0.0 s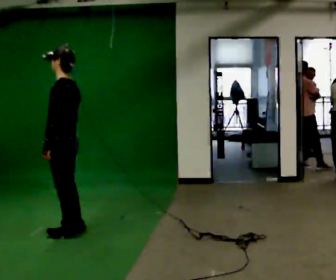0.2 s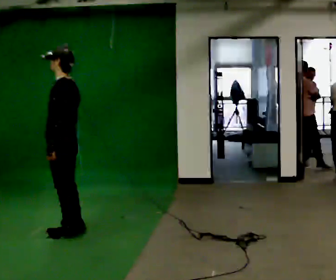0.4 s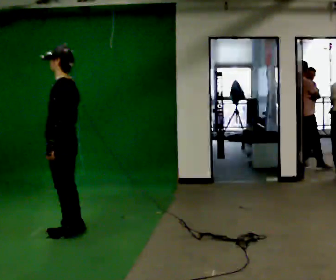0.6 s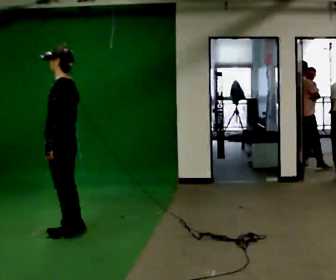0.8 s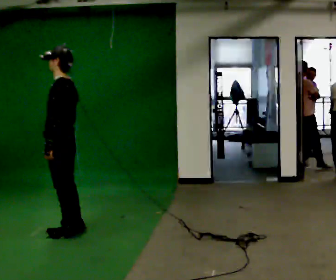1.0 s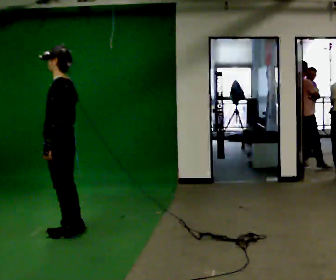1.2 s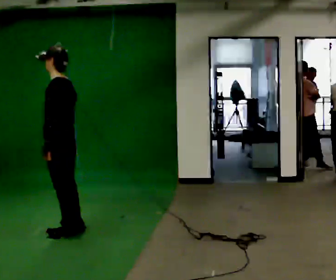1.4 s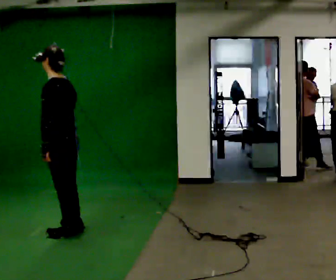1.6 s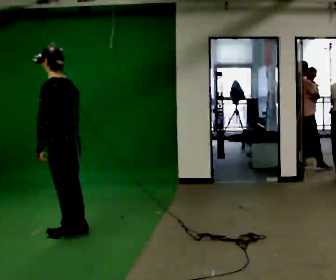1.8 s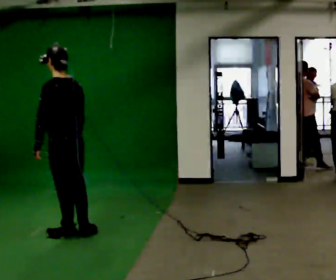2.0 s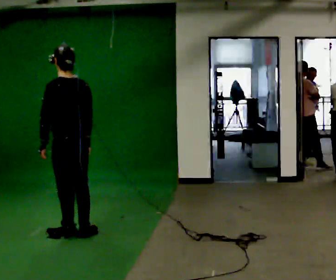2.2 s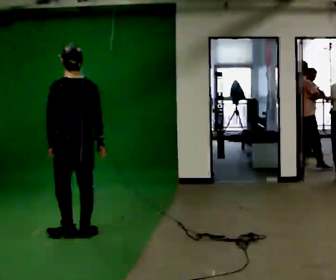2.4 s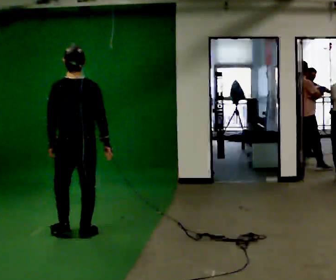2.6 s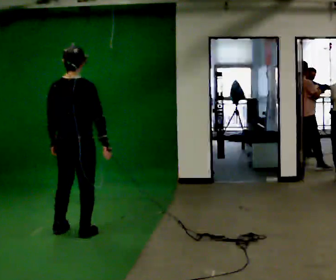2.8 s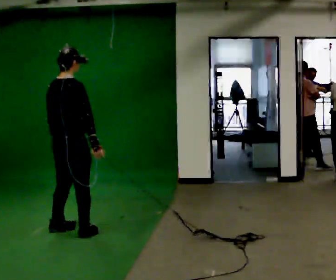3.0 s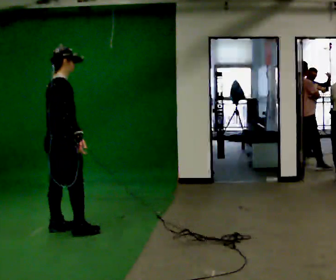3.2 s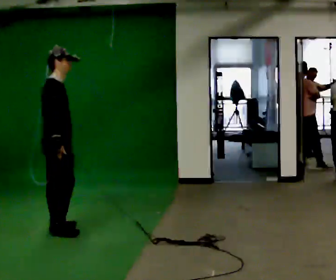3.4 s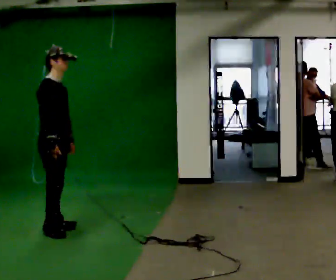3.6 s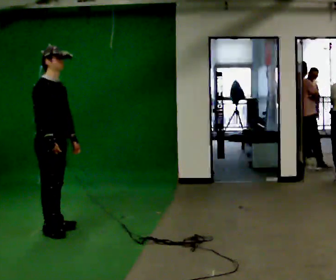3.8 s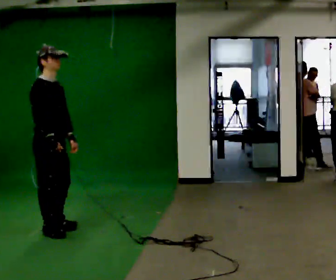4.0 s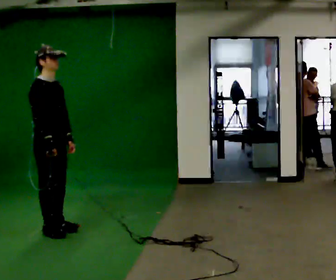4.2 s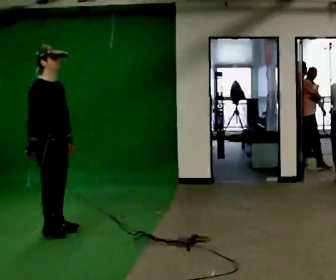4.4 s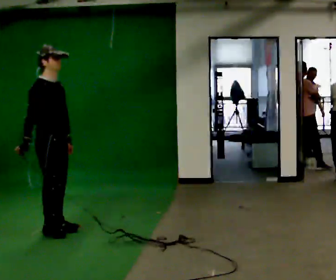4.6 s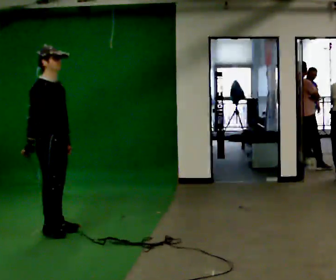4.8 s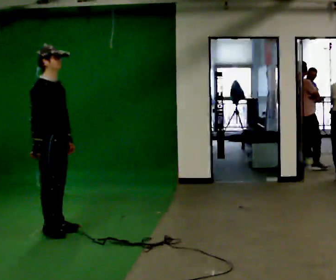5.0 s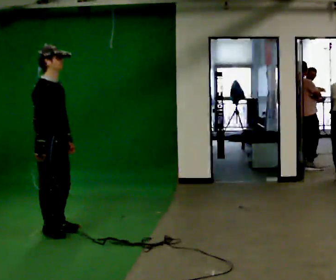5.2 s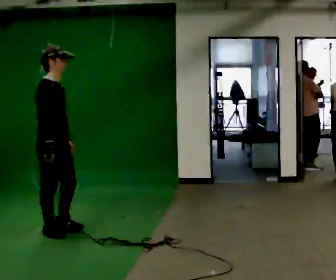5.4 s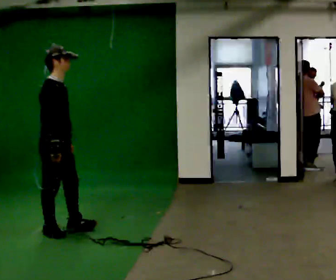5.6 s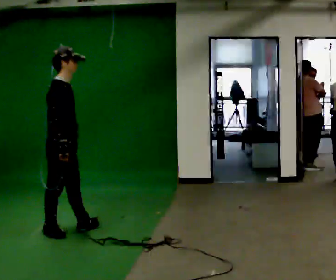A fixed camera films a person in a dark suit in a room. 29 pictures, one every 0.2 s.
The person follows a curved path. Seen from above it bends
counterclockwise.
0.0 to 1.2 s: The person moves a little, or ends about where they began.
1.2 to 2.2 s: The part of the body nearest the lens slides to the left as the person turns to their right by about 45 degrees. In the picture their right hand goes to the right.
2.2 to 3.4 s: Seen from above the body turns clockwise, about 120 degrees: to their right, with its near side sliding to the left. In the picture they go to the left, about 0.25 m in 2 steps.
3.4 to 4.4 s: The person moves a little, or ends about where they began.
4.4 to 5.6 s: In the picture their right hand goes to the right.
The film runs forward here.
